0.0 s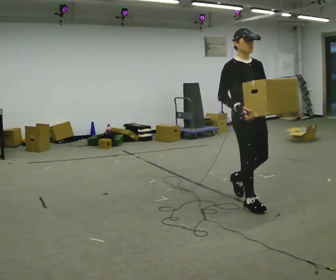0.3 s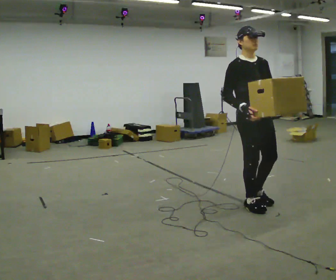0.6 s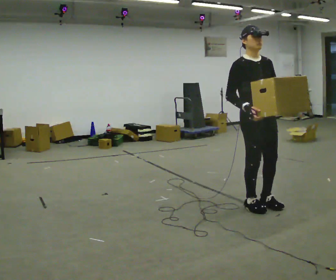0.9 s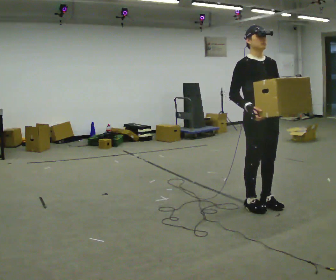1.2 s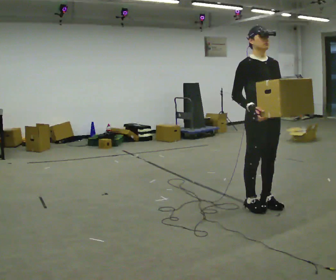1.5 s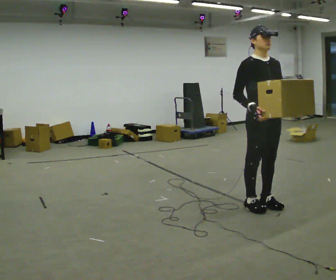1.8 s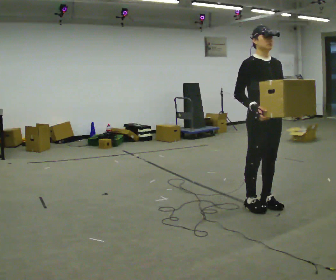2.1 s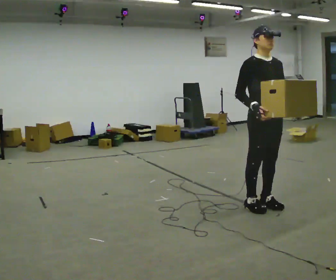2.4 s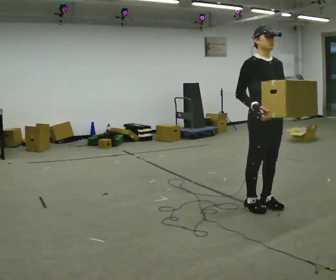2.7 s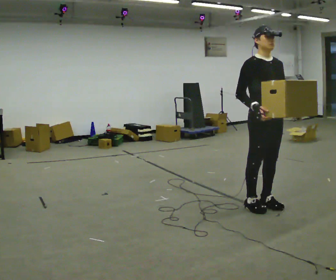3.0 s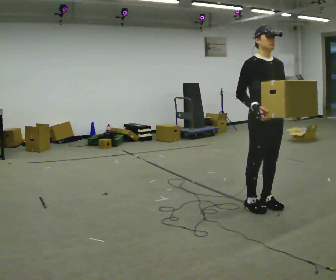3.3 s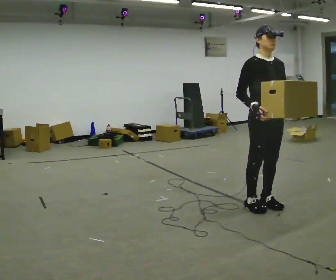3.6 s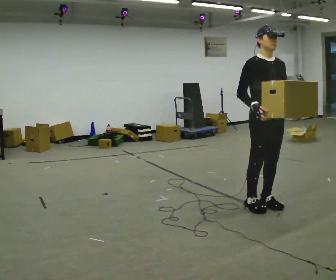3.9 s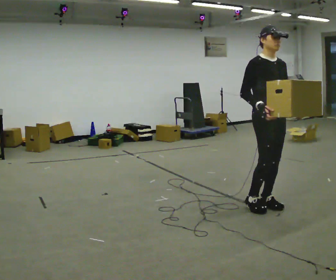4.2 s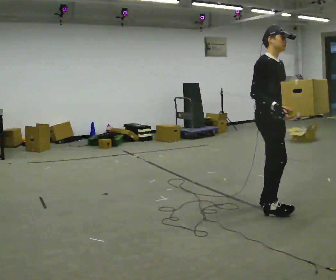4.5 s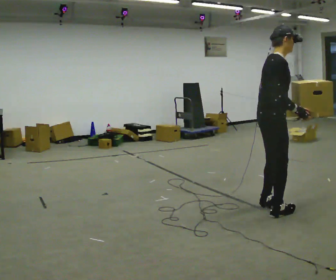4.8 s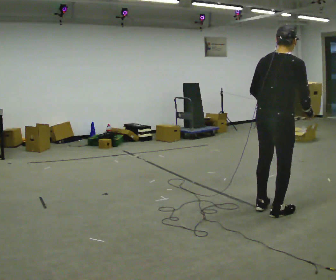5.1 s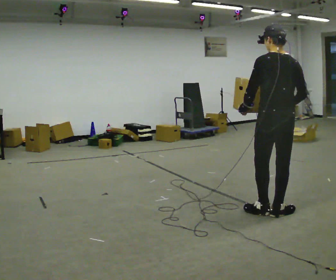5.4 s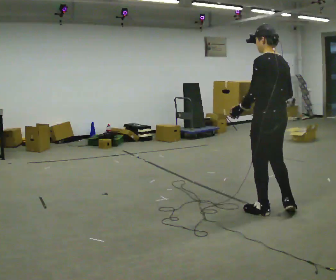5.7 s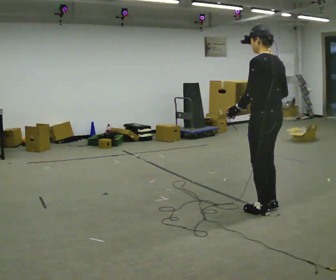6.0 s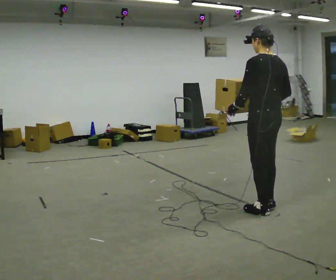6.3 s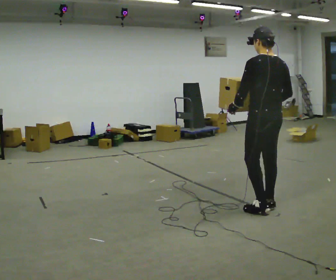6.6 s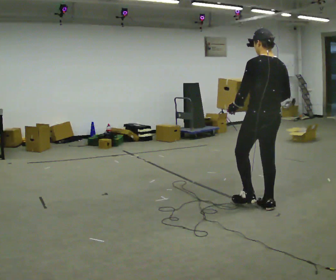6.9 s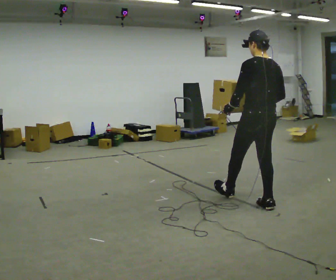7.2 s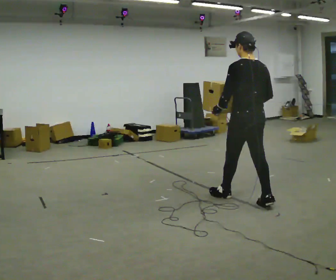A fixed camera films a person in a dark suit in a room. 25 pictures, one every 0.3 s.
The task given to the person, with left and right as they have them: Carry the heaviest box in both hands in front of you, walking back and forth across the room. Only carry what is comfortable. Set it down whenever you need to.
0.0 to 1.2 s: The person moves a little, or ends about where they began.
1.2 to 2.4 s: The person keeps their place and pose.
2.4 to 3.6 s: The person moves a little, or ends about where they began.
3.6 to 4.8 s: The person turns about 150 degrees to their left, counterclockwise seen from above, so the part of the body nearest the lens slides to the right. In the picture they go toward the camera, about 0.25 m in 2 steps. In the picture their left hand goes to the left, the arm swinging clockwise.
4.8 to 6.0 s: In the picture they go away from the camera, about 0.25 m in 1 step, which for them is forward.
6.0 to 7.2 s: In the picture they go to the left and away from the camera, about 0.5 m in 1 step, which for them is forward.
The film runs forward here.
